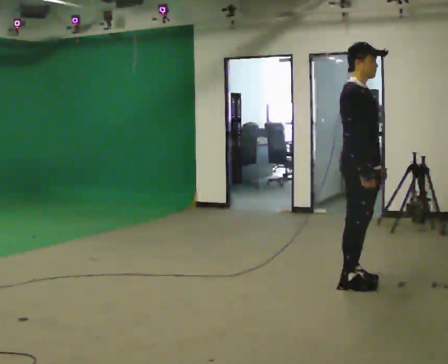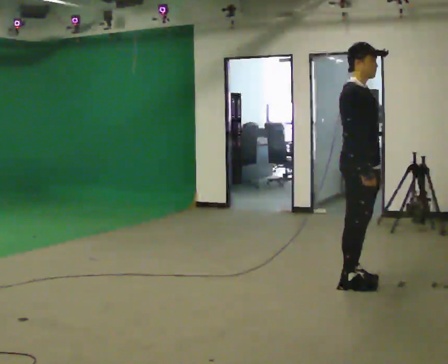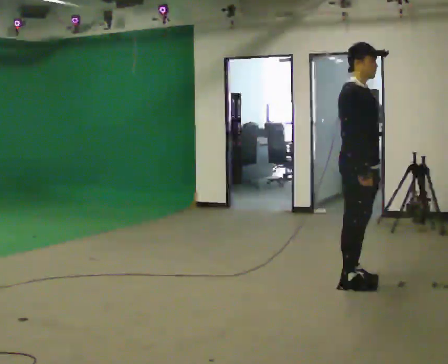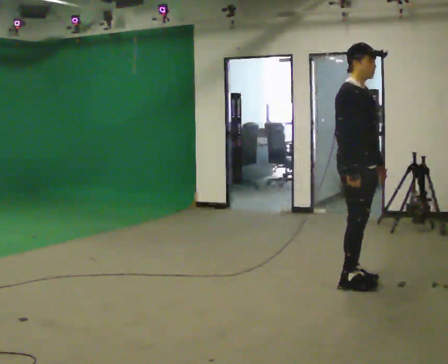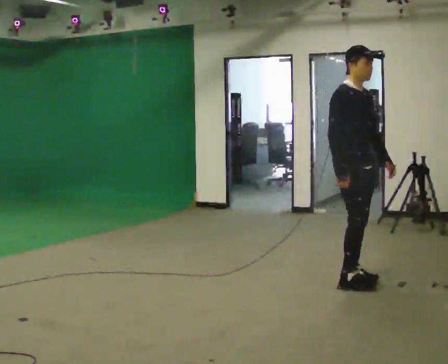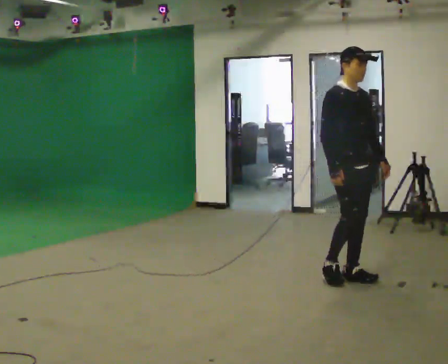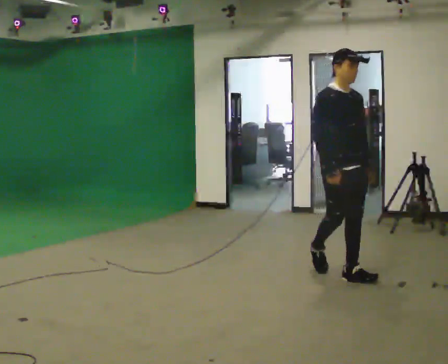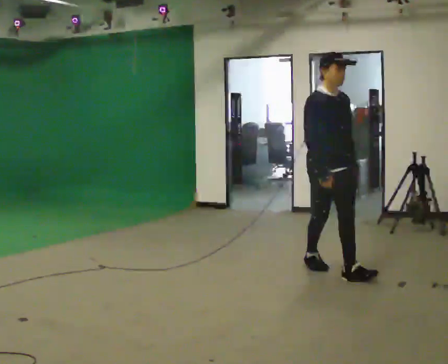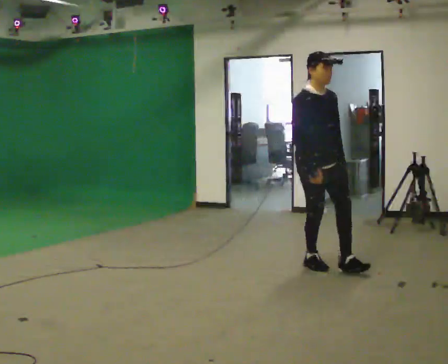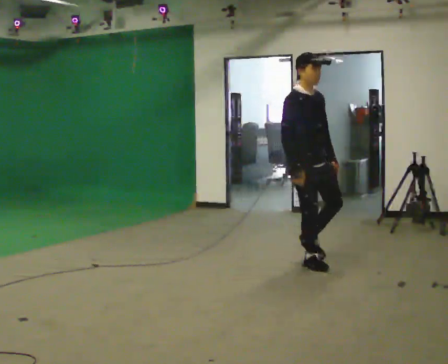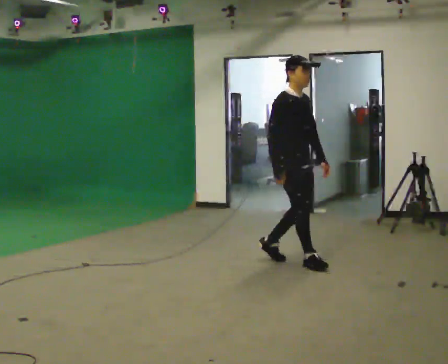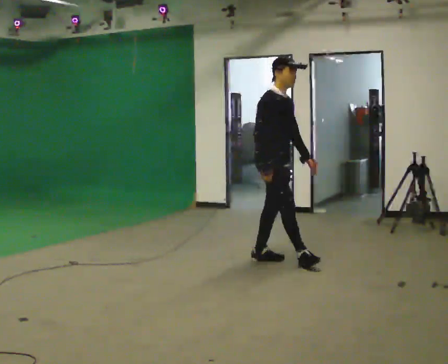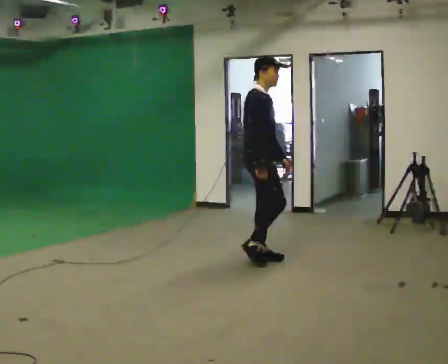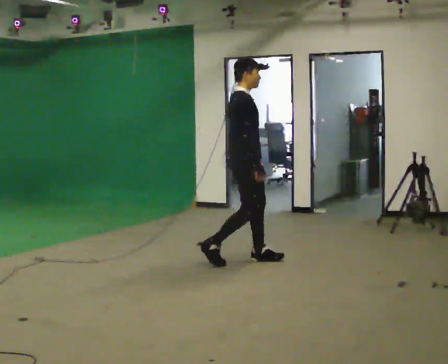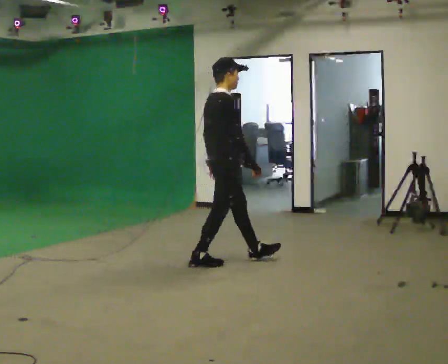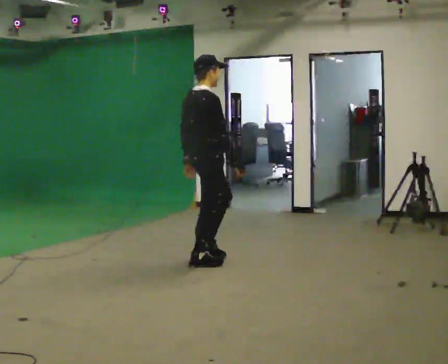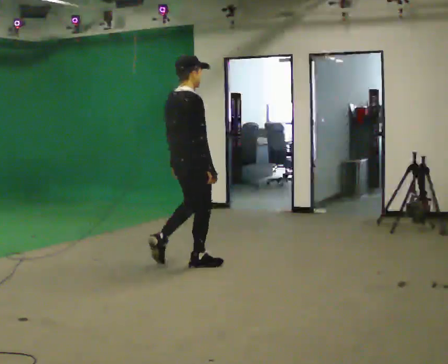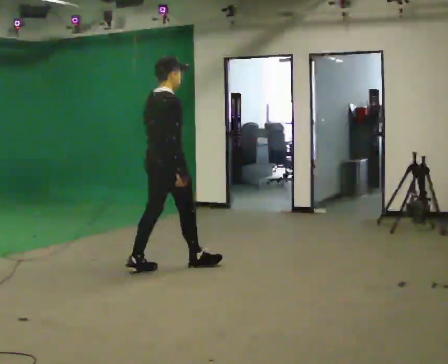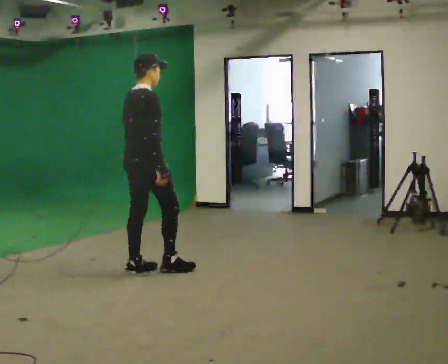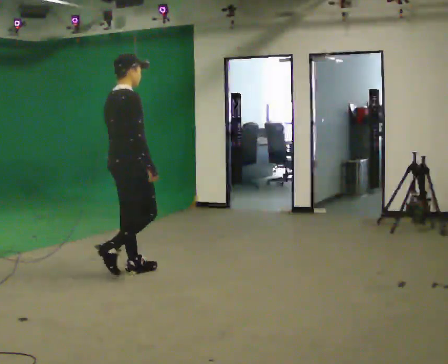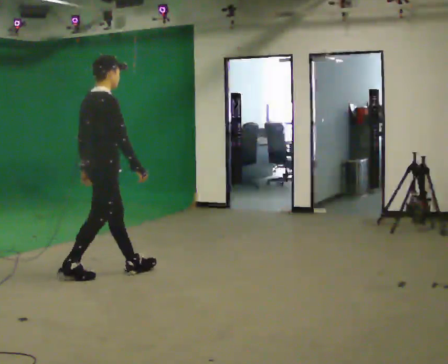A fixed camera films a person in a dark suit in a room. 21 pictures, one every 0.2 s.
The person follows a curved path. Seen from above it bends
counterclockwise.
The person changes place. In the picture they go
to the left.
0.0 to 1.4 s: The person turns about 30 degrees to their right, clockwise seen from above, so the part of the body nearest the lens slides to the left. In the picture they go away from the camera and to the left, about 0.5 m in 1 step, which for them is backward and to their left.
1.4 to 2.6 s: Seen from above the body turns counterclockwise, about 60 degrees: to their left, with its near side sliding to the right. In the picture they go to the left and away from the camera, about 1 m in 2 steps, which for them is backward.
2.6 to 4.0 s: The part of the body nearest the lens slides to the right as the person turns to their left by about 30 degrees. In the picture they go to the left and toward the camera, about 1 m in 2 steps, which for them is backward.
The film runs backward here.
